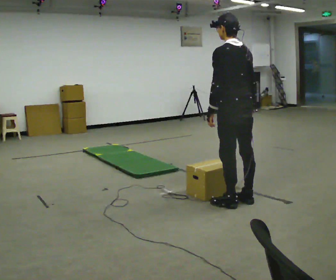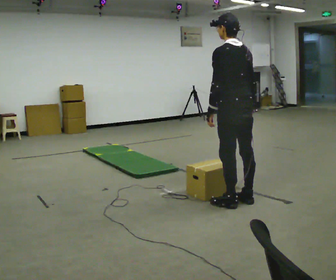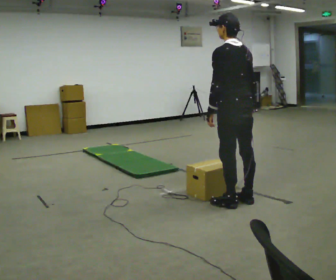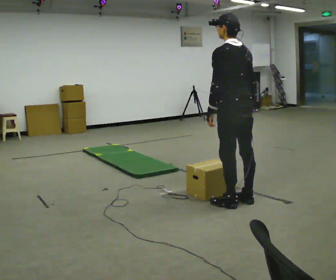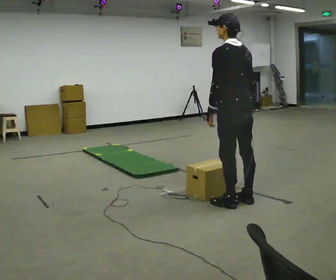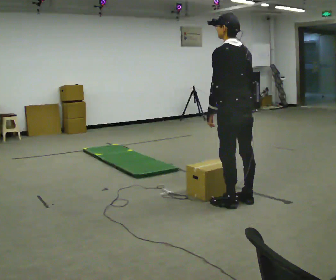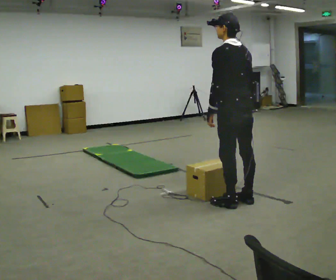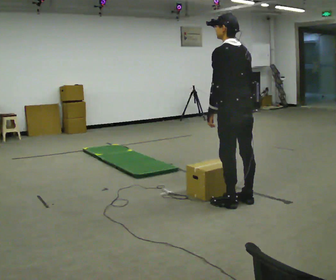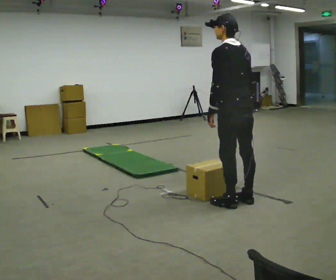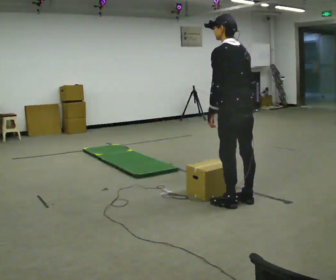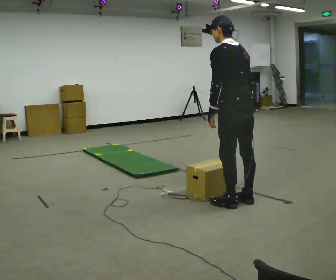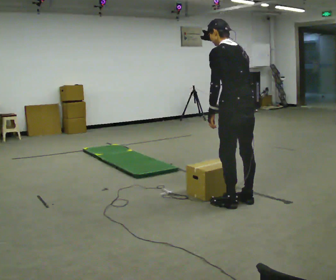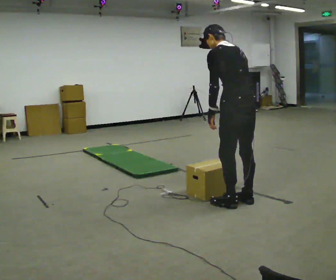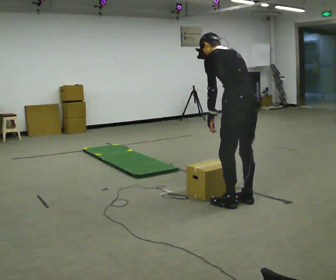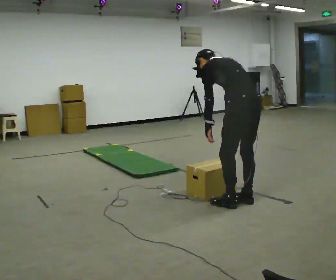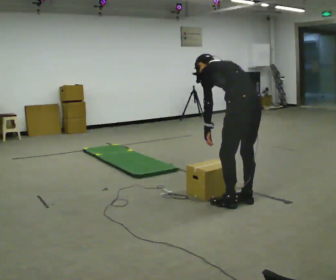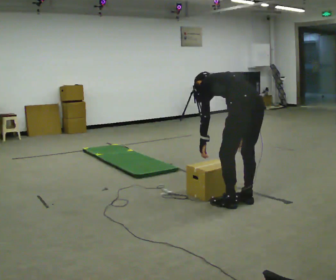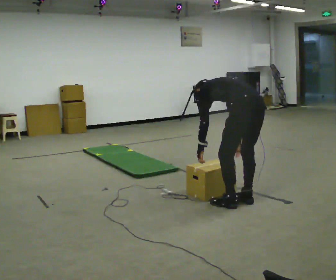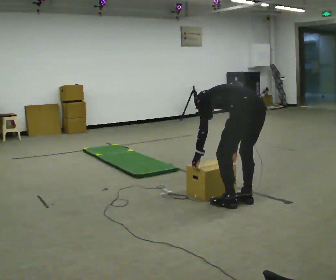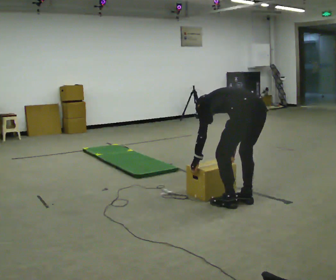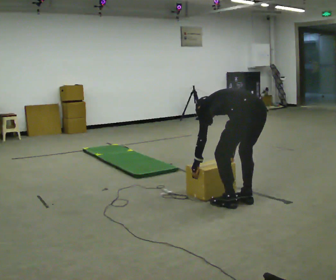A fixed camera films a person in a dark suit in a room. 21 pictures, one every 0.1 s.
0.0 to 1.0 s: The person moves a little, or ends about where they began.
1.0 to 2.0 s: The shoulders move downward. The upper body tips away from the camera, its near side rolling upward, as they bend forward. In the picture their left hand goes downward.
The film runs forward here.
